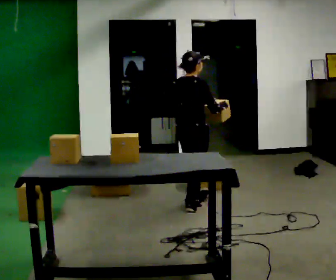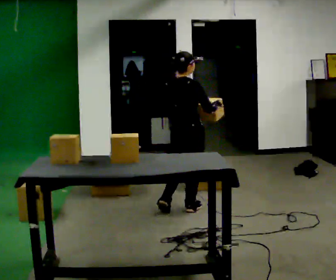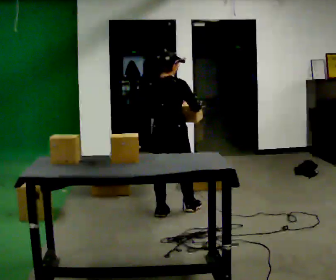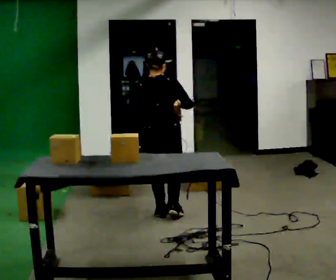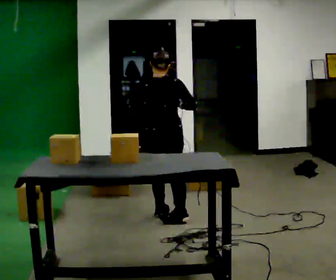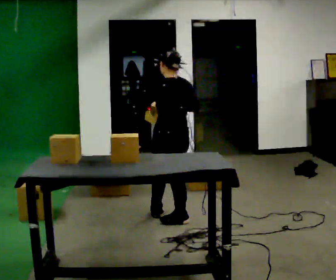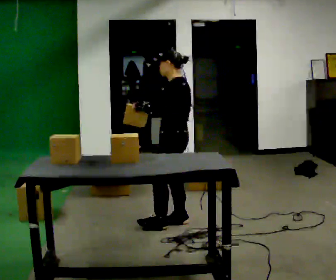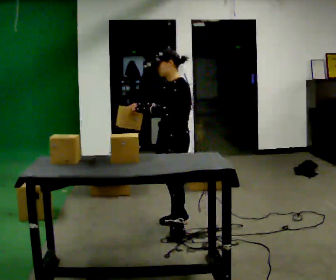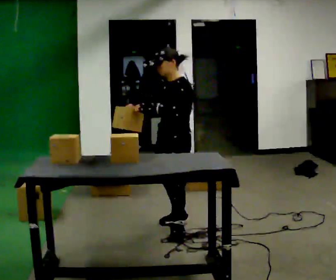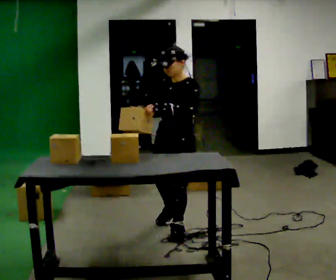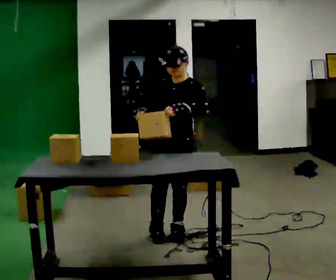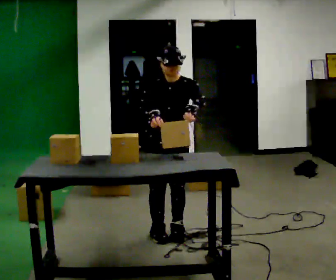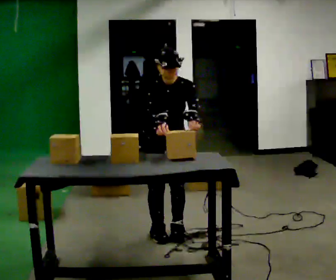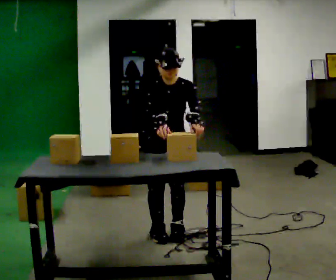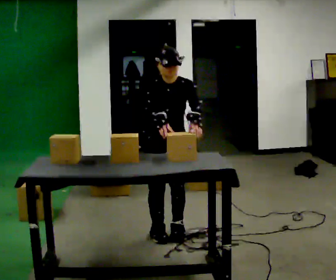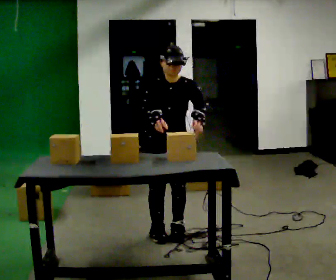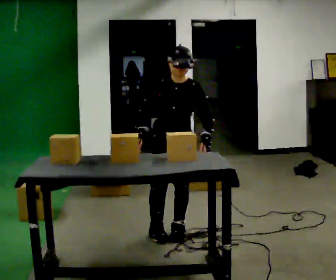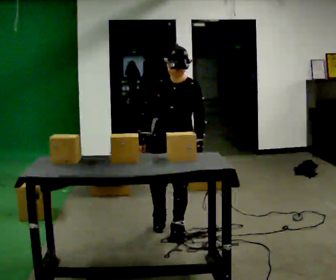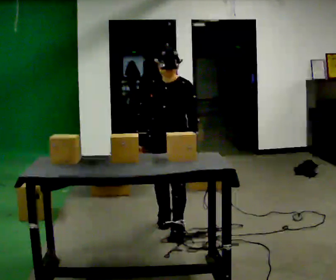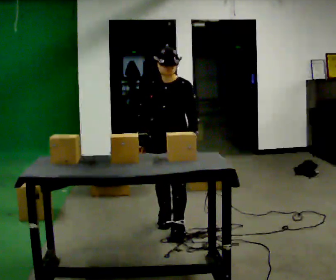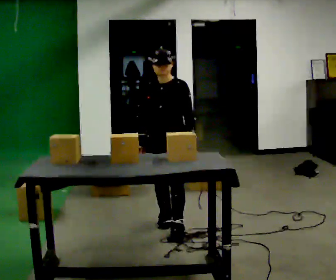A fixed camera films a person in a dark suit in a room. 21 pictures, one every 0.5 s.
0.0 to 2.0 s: The person turns about 45 degrees to their left, counterclockwise seen from above, so the part of the body nearest the lens slides to the right. In the picture they go toward the camera and to the left, about 0.5 m in 1 step, which for them is backward.
2.0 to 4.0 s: The part of the body nearest the lens slides to the right as the person turns to their left by about 105 degrees. In the picture they go toward the camera, about 0.25 m in 1 step.
4.0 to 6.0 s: The person turns about 60 degrees to their left, counterclockwise seen from above, so the part of the body nearest the lens slides to the right.
6.0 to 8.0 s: The person moves a little, or ends about where they began.
8.0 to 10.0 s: In the picture they go away from the camera, about 0.25 m in 1 step, which for them is backward.
The film runs backward here.
